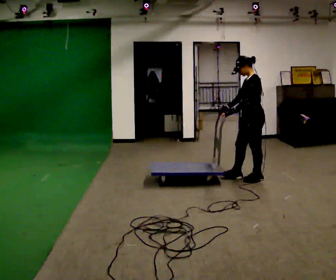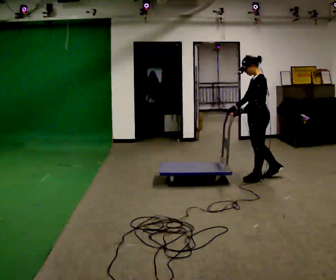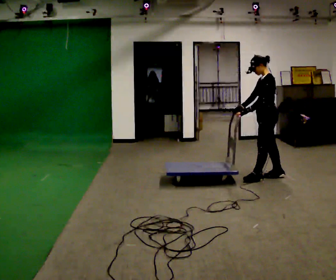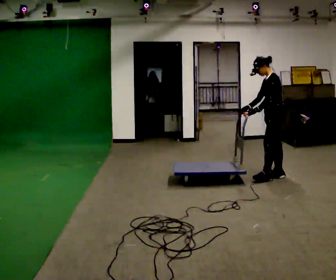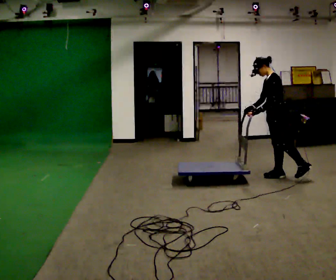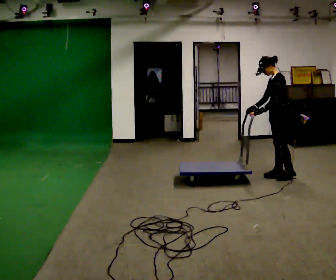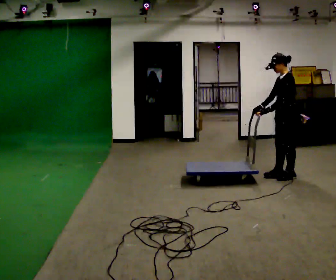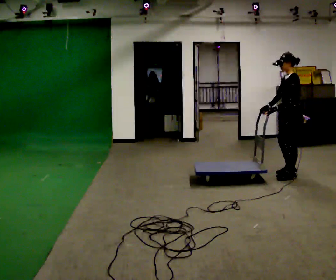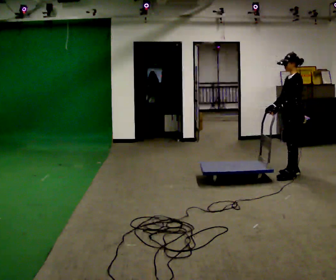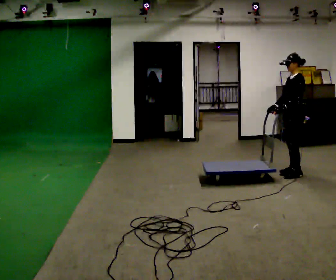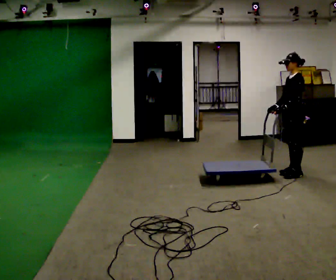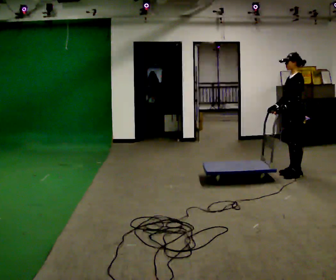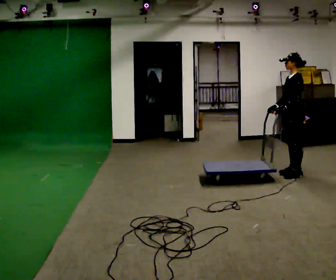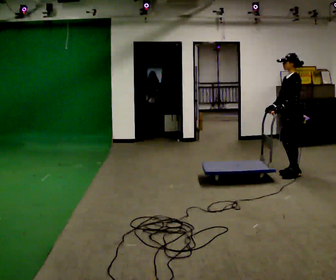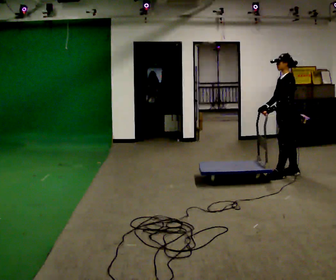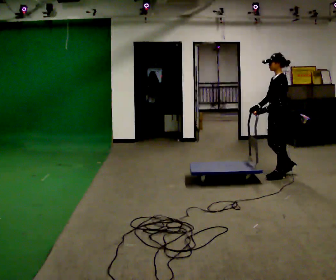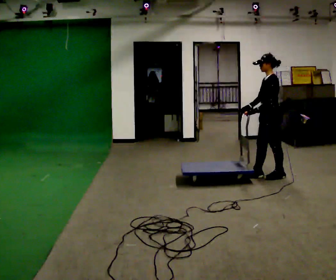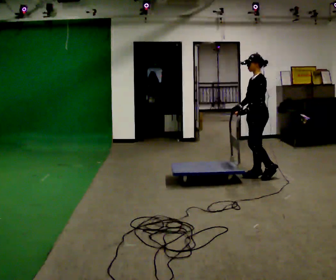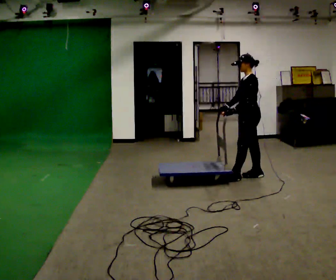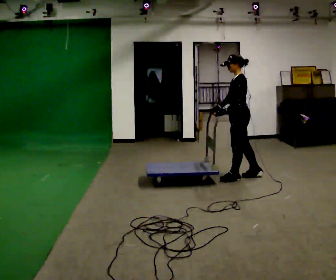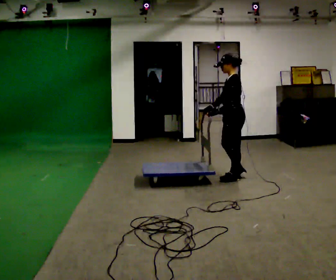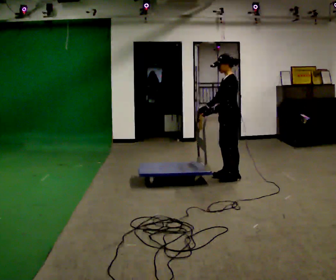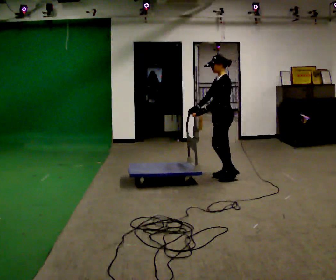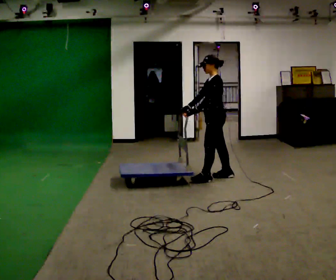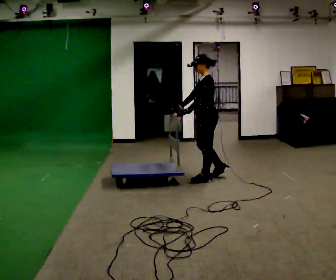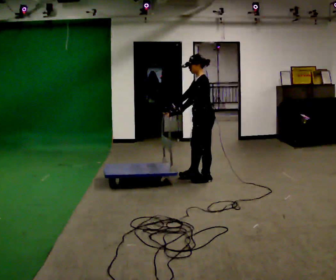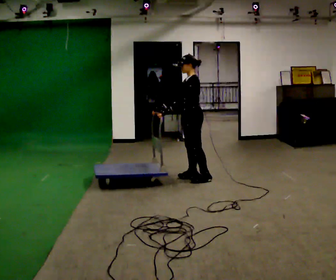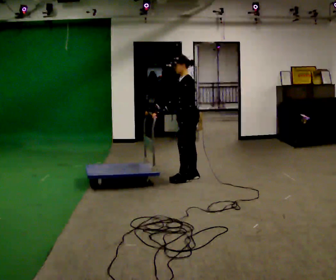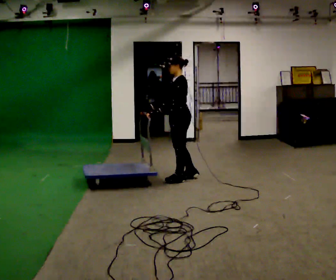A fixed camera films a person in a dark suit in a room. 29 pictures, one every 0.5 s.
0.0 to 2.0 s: In the picture they go to the right and away from the camera, about 0.25 m in 2 steps, which for them is backward.
2.0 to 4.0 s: In the picture they go to the right, about 0.25 m in 2 steps, which for them is backward.
4.0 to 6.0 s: The person moves a little, or ends about where they began.
6.0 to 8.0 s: In the picture they go to the left, about 0.25 m in 2 steps, which for them is forward.
8.0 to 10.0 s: In the picture they go to the left, about 0.5 m in 1 step, which for them is forward.
10.0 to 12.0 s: In the picture they go to the left, about 0.25 m in 2 steps, which for them is forward.
12.0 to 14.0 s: In the picture they go to the left, about 0.25 m in 2 steps, which for them is forward.
The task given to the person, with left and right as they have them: Get the cart into the marked parking space and lined up with the tape. Take as many adjustments as you need. Then take it out again and repeat.
The film runs forward here.
